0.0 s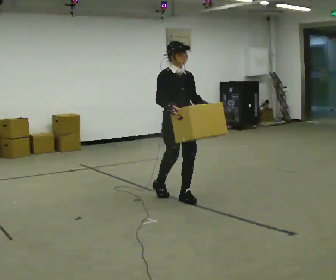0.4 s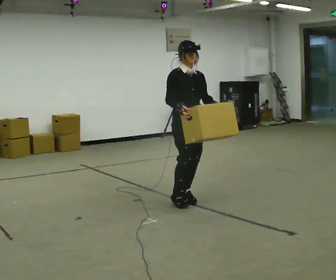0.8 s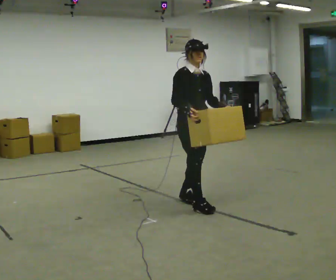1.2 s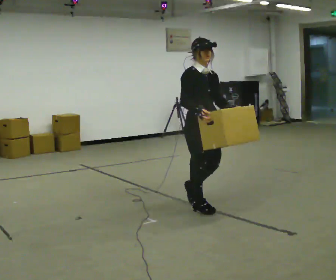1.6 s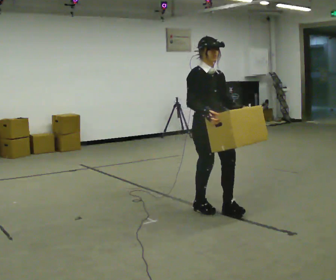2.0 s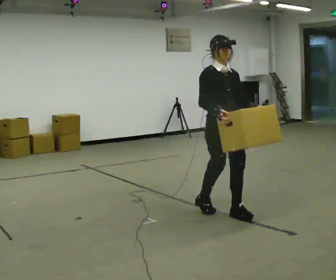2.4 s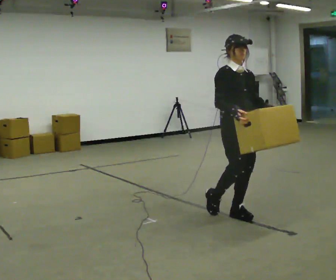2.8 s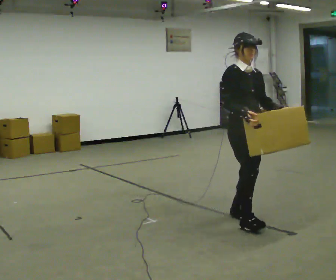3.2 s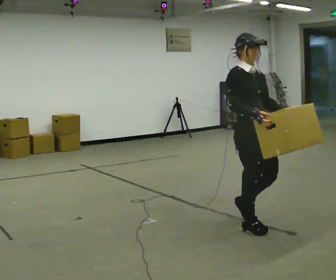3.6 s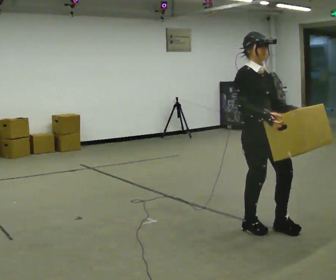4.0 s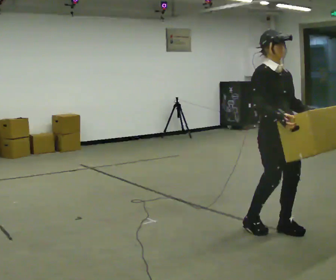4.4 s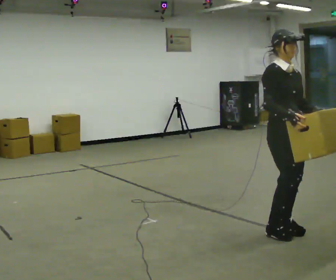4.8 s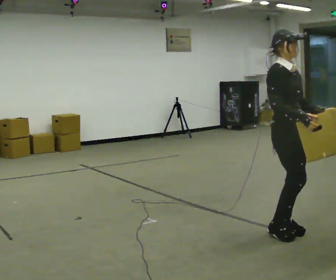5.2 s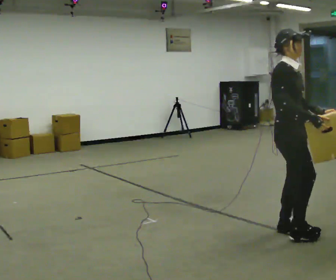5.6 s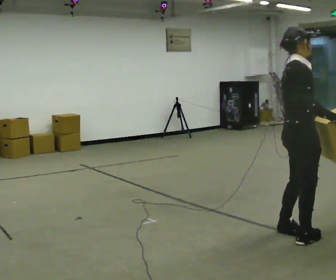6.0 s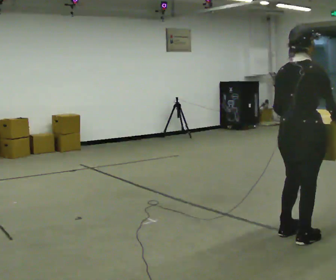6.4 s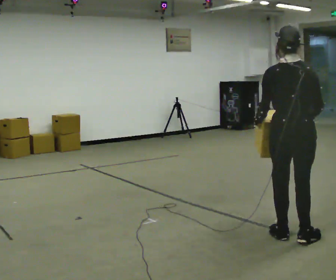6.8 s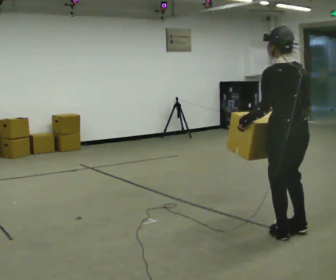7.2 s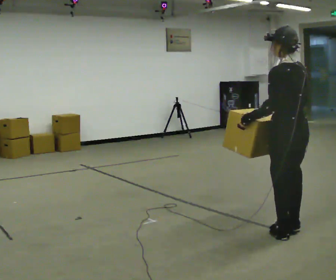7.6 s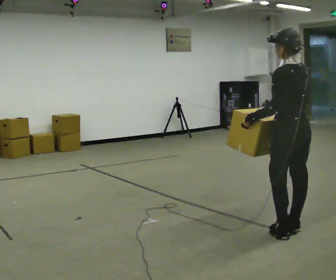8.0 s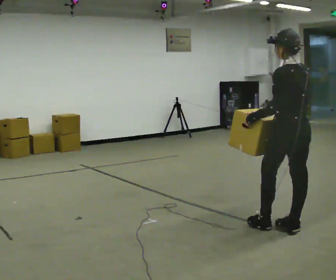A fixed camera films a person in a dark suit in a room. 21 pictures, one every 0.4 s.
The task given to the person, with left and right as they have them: Carry the box across the room much more slowly and carefully than normal, back and forth.
0.0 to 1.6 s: In the picture they go toward the camera and to the right, about 0.5 m in 1 step, which for them is forward.
1.6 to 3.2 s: In the picture they go to the right and toward the camera, about 0.5 m in 2 steps, which for them is forward.
3.2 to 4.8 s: In the picture they go to the right, about 0.25 m in 2 steps, which for them is forward and to their left.
4.8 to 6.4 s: Seen from above the body turns counterclockwise, about 120 degrees: to their left, with its near side sliding to the right. In the picture they go toward the camera, about 0.25 m in 2 steps.
6.4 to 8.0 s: The person turns about 45 degrees to their left, counterclockwise seen from above, so the part of the body nearest the lens slides to the right. In the picture they go away from the camera, about 0.25 m in 1 step, which for them is to their right and forward.
The film runs forward here.
